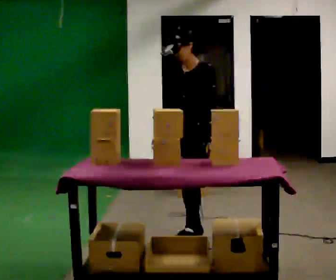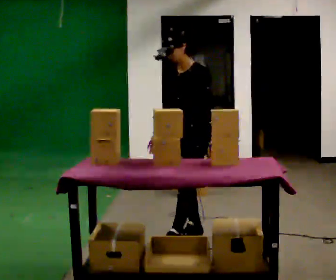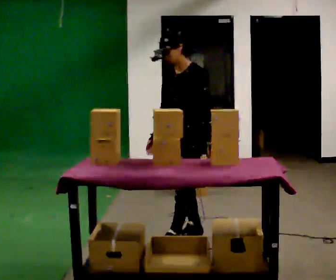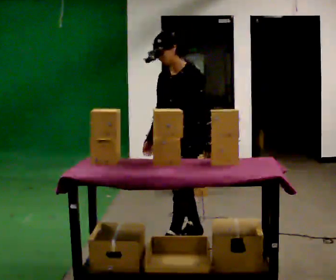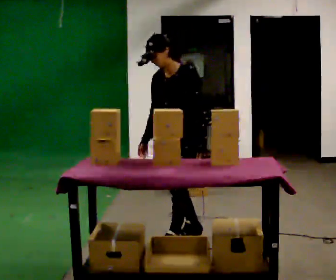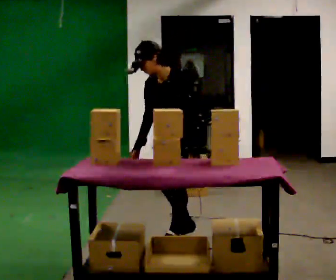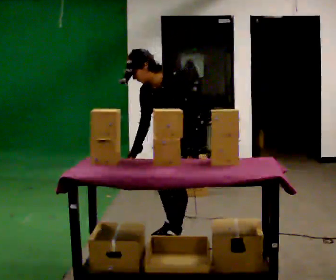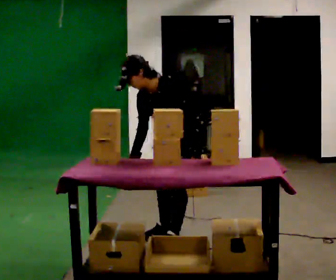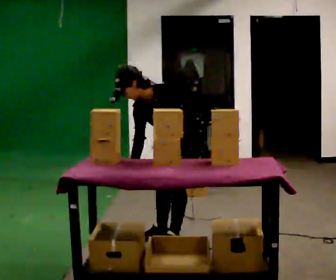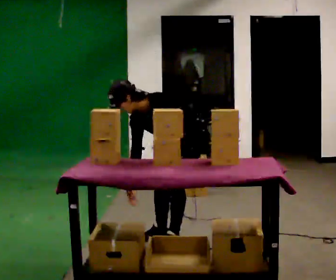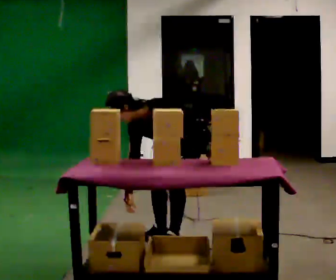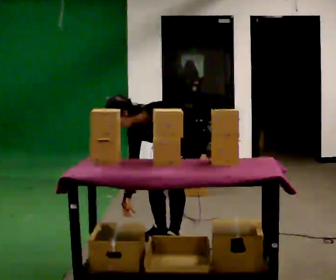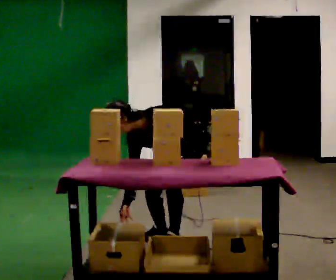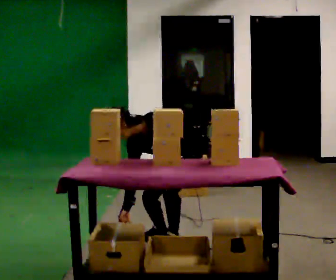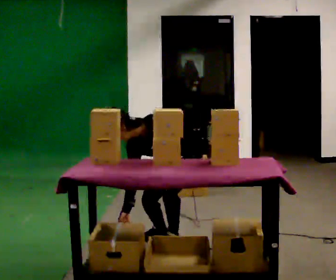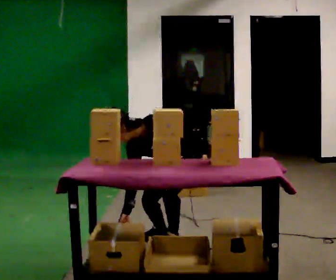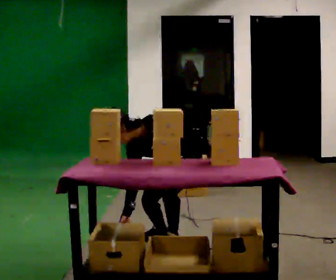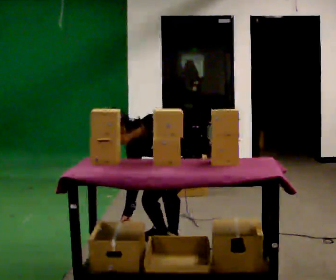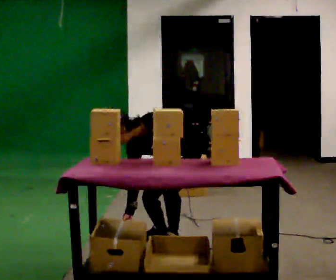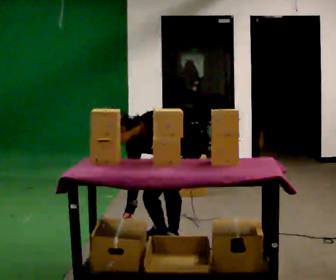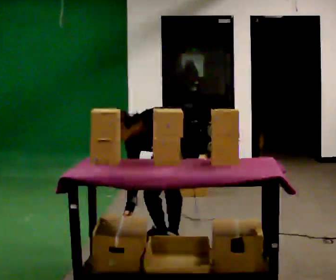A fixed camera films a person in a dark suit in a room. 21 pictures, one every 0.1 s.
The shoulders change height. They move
downward.
Their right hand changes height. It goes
downward.
0.0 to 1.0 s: The upper body goes downward. The upper body tips toward the camera, its near side rolling downward, as they bend forward.
1.0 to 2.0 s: The person moves a little, or ends about where they began.
The film runs forward here.
